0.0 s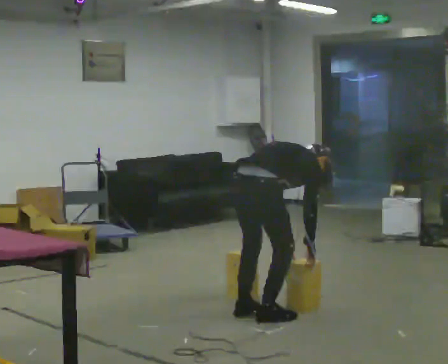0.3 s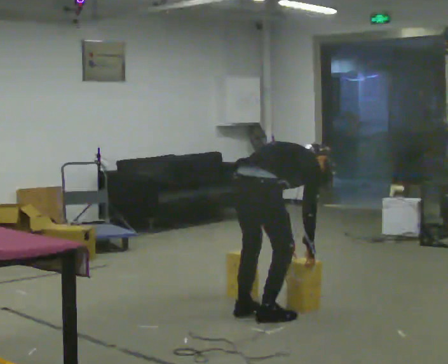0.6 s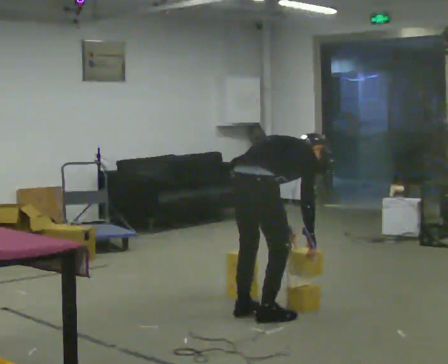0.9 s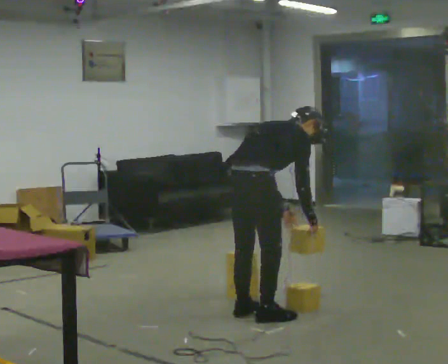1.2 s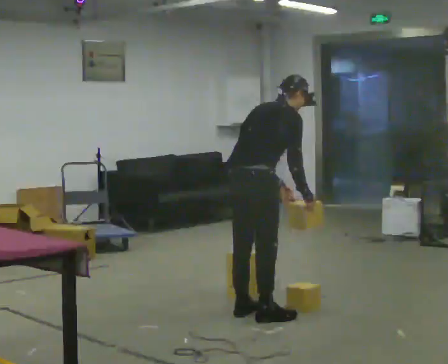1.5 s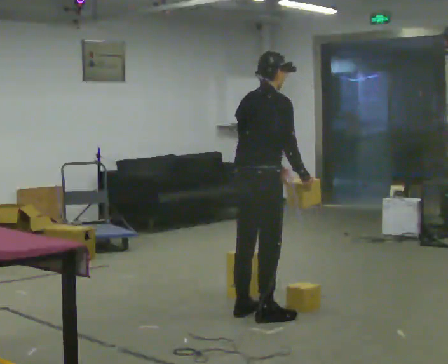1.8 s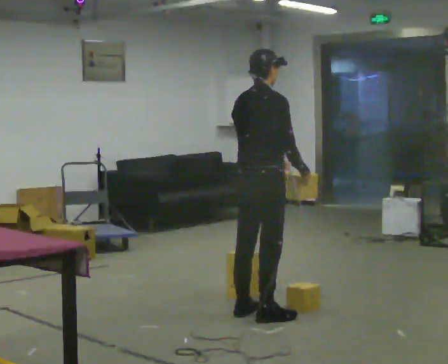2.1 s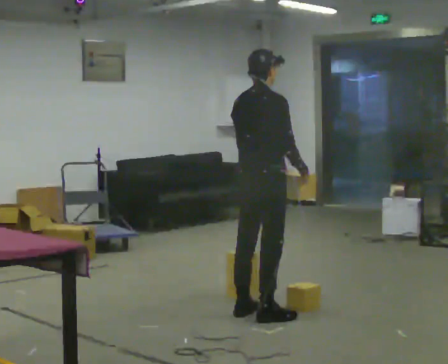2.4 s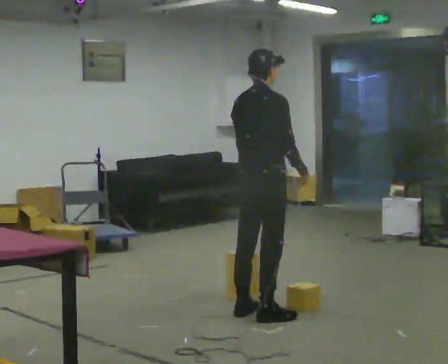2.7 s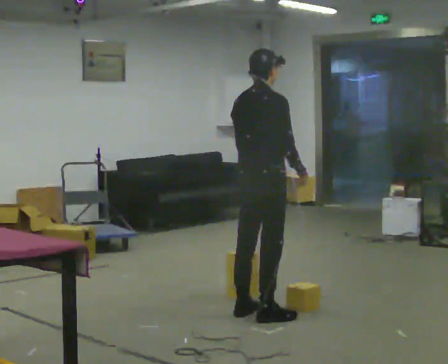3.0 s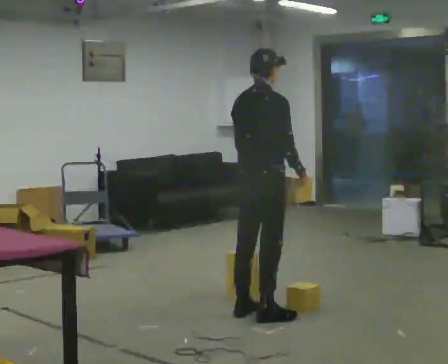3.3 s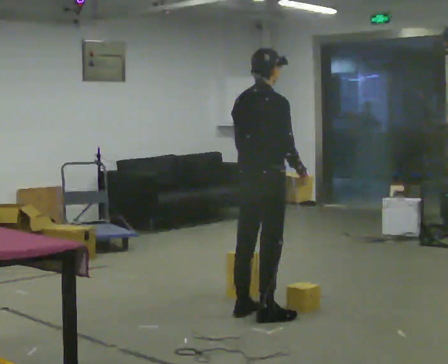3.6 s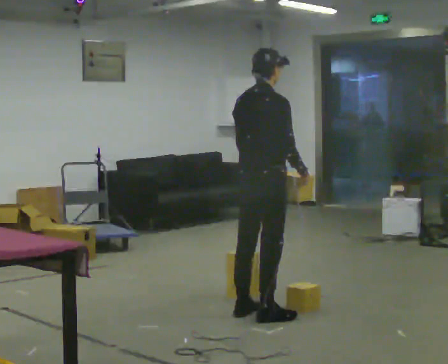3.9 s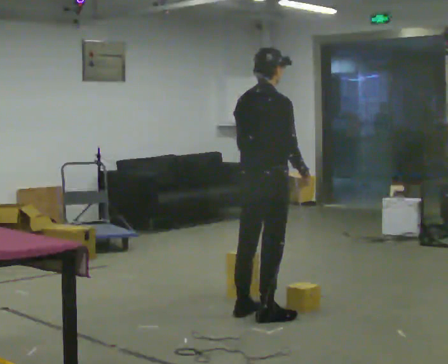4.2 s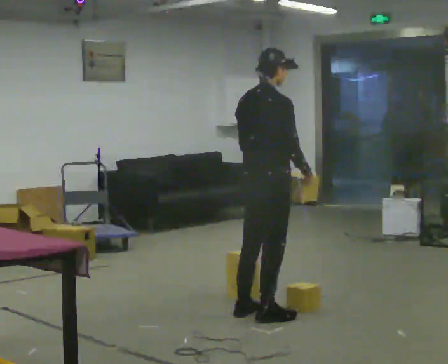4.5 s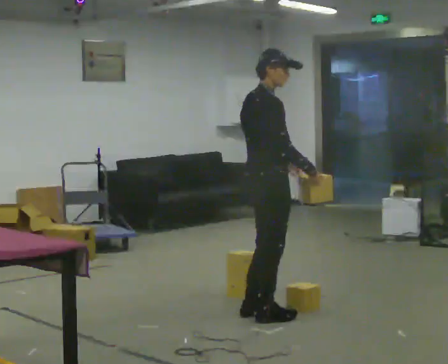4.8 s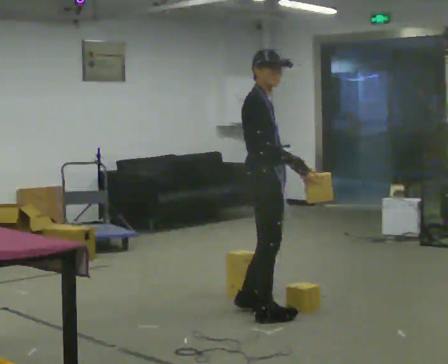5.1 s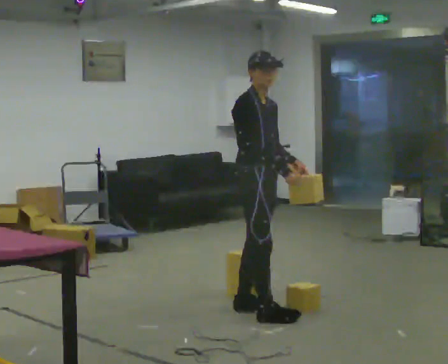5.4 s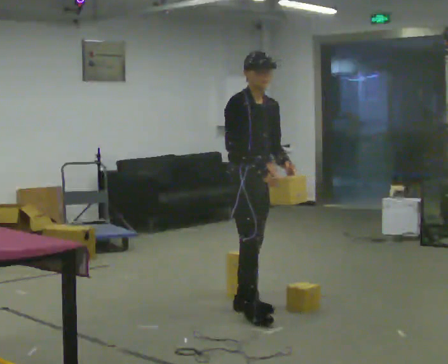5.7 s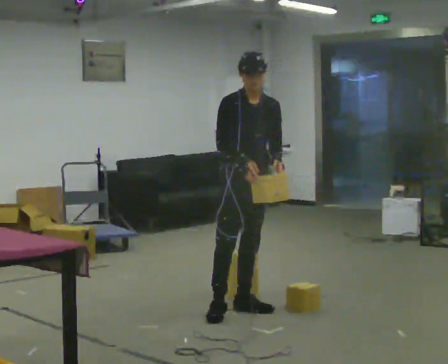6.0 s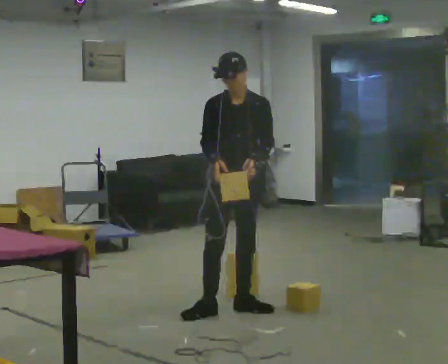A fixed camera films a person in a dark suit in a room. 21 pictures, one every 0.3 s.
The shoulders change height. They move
upward.
The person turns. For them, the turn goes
to their right.
0.0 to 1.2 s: The upper body goes upward. In the picture the upper body tilts counterclockwise, shoulders to the left, as they lean back or straighten. In the picture their left hand goes upward.
1.2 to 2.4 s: In the picture the upper body tilts counterclockwise, shoulders to the left, as they lean back or straighten.
2.4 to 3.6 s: The person moves a little, or ends about where they began.
3.6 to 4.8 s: The person turns about 60 degrees to their right, clockwise seen from above, so the part of the body nearest the lens slides to the left.
4.8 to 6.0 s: The part of the body nearest the lens slides to the left as the person turns to their right by about 75 degrees. In the picture they go away from the camera, about 0.25 m in 1 step. In the picture their right hand goes to the left, the arm swinging clockwise.
The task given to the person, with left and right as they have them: Carry the box over and put it on the shelf with the label facing out towards you. Get the orientation right, not just the position. Keep going until the operator says stop; one object at a time, and do not rush between trips.
The film runs forward here.
